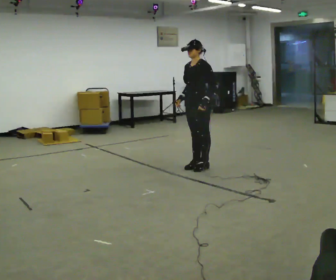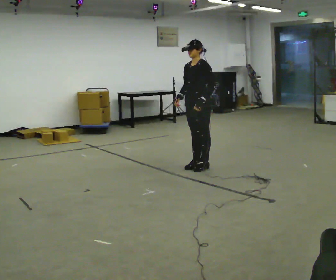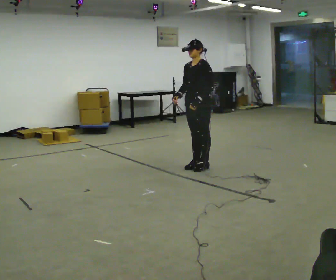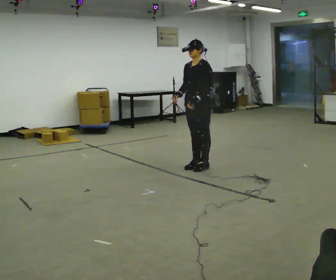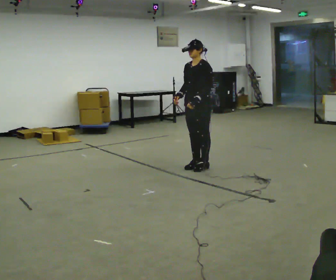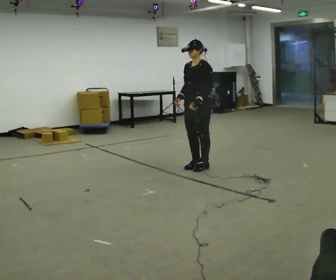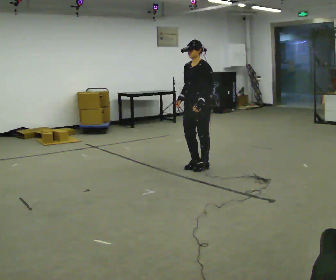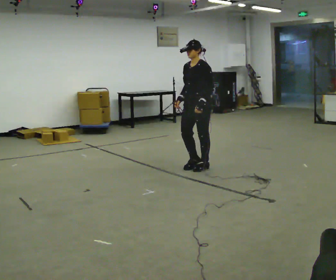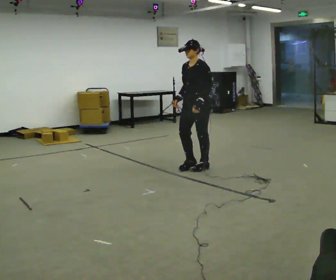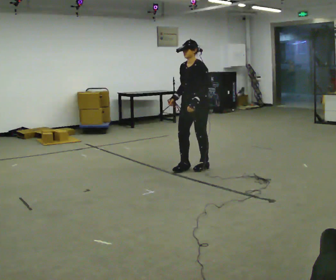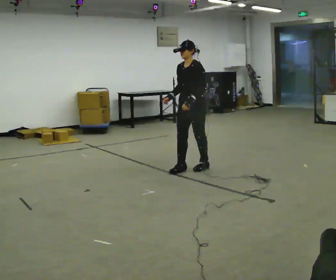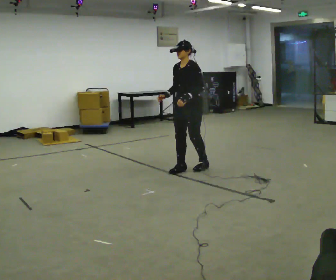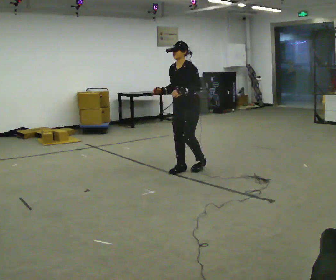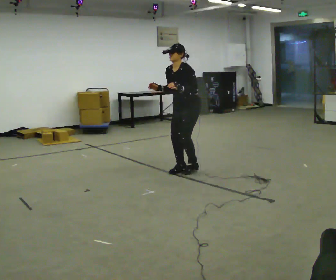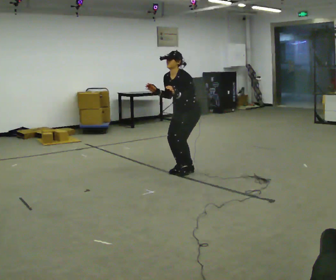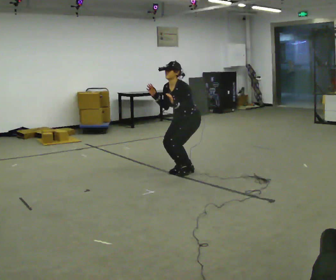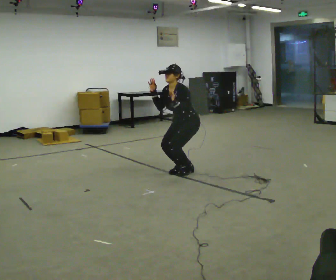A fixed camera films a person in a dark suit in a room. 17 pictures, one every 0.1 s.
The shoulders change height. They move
downward.
0.0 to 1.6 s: The upper body goes downward. The upper body tips toward the camera, its near side rolling downward, as they bend forward. In the picture their right hand goes to the left.
The film runs forward here.
